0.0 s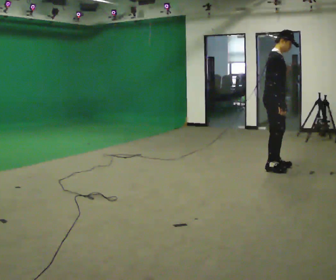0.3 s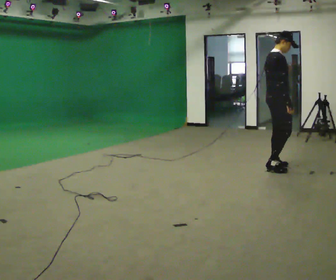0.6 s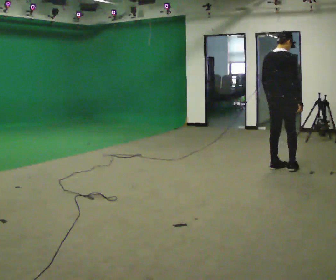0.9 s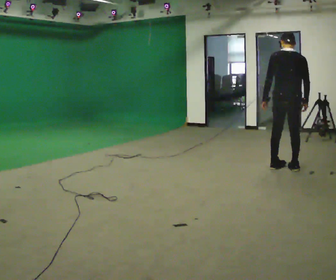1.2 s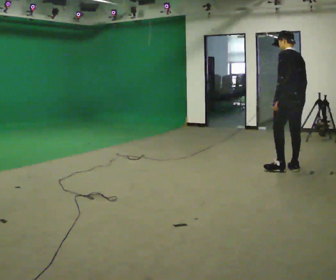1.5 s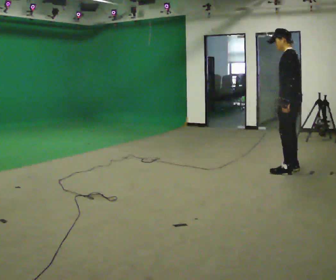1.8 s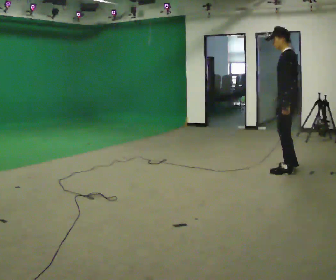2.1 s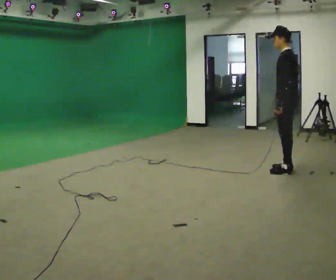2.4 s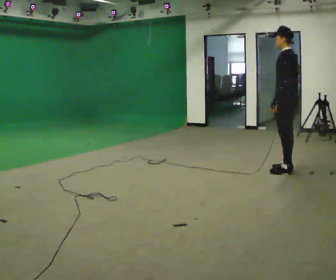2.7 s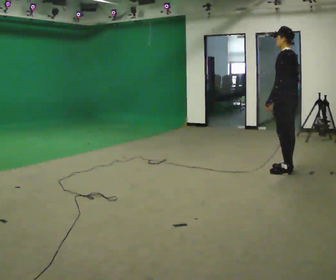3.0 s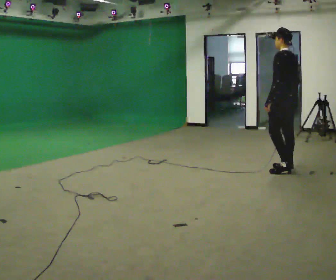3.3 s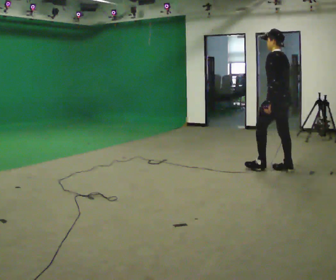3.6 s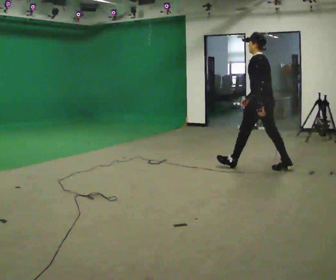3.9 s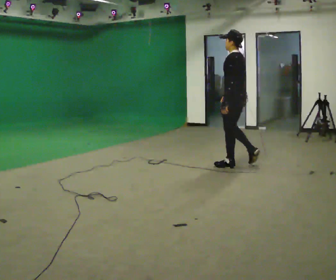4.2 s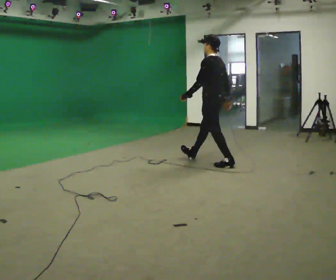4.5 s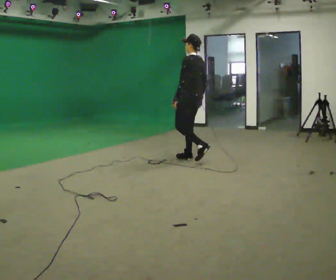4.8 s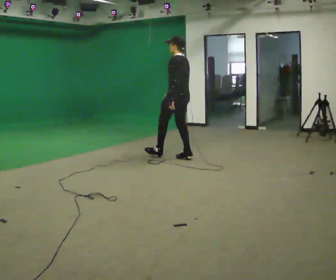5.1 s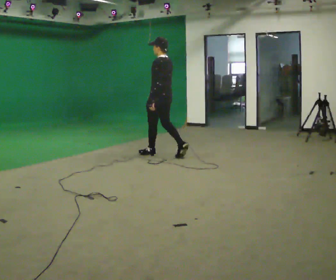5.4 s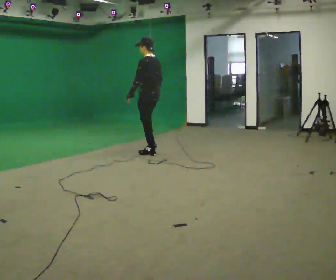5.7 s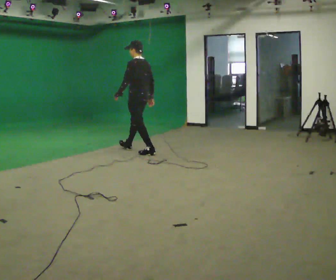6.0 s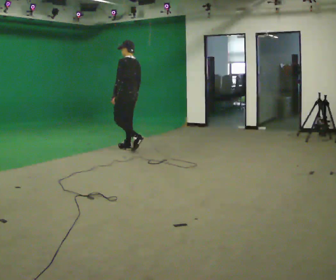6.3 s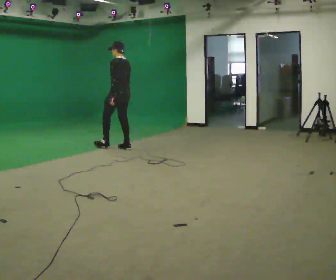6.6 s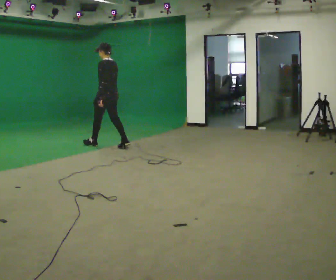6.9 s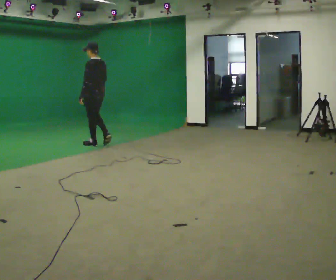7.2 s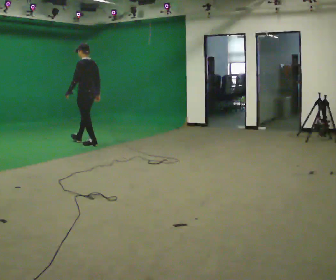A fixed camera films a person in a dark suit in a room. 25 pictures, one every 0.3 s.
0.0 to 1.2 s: The person turns about 150 degrees to their left, counterclockwise seen from above, so the part of the body nearest the lens slides to the right. In the picture they go to the right, about 0.25 m in 1 step.
1.2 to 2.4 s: The person moves a little, or ends about where they began.
2.4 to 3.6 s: In the picture they go to the left and away from the camera, about 0.5 m in 1 step, which for them is forward.
3.6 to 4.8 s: In the picture they go to the left and away from the camera, about 1.5 m in 1 step, which for them is forward.
4.8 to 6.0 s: In the picture they go to the left and away from the camera, about 1 m in 2 steps, which for them is forward.
6.0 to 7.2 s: In the picture they go to the left, about 1 m in 1 step, which for them is forward.
The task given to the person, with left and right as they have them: Start at normal speed; gradually slow over several steps; stop gently.
The film runs forward here.
